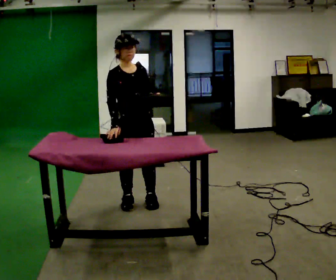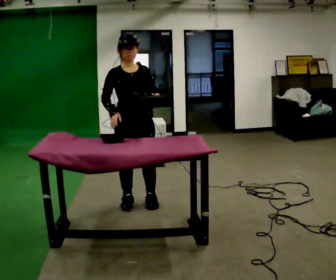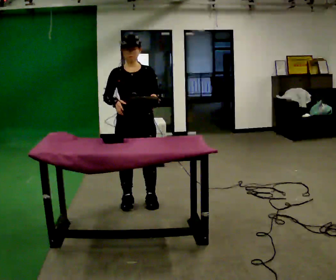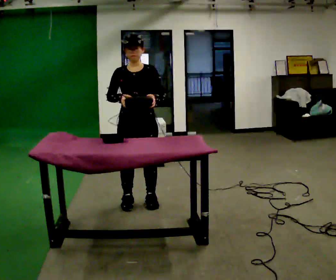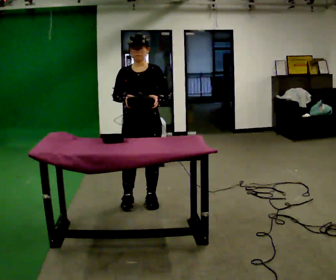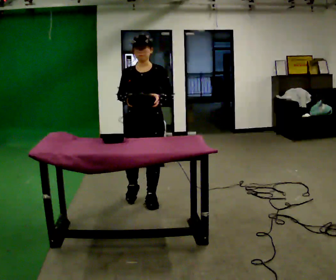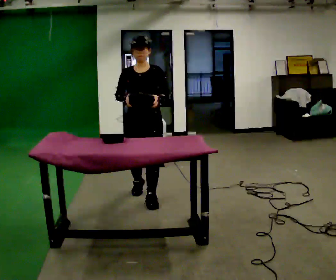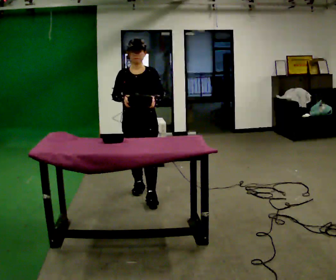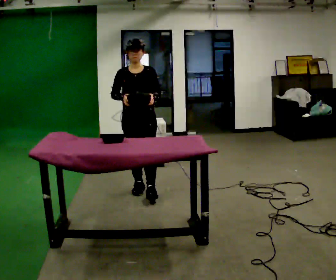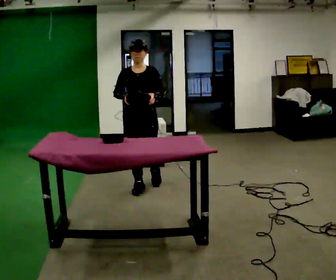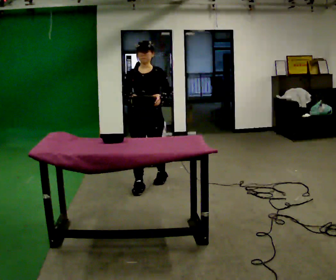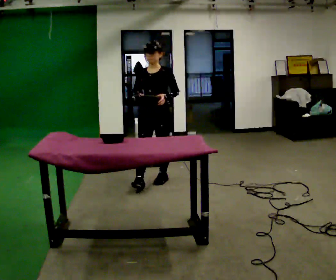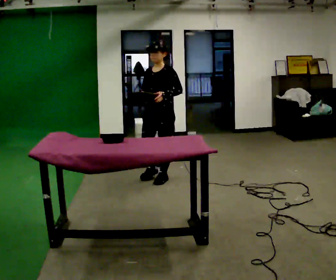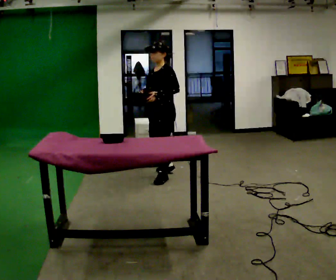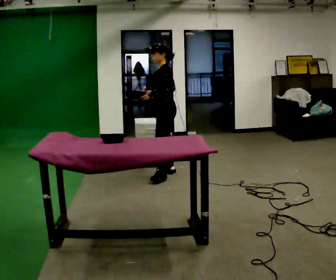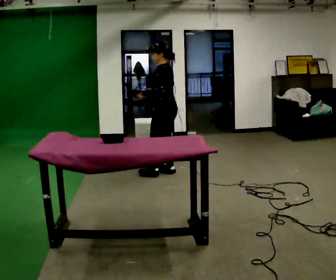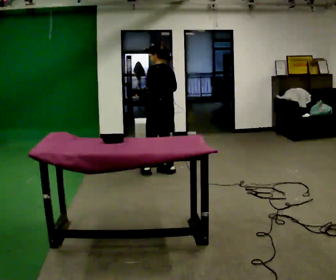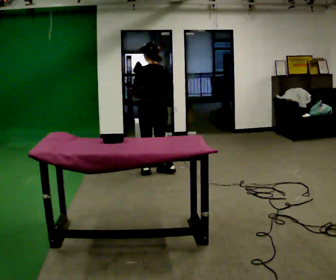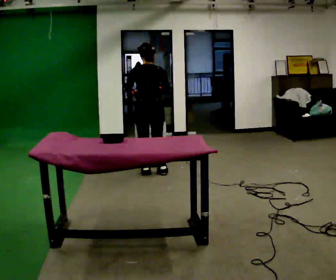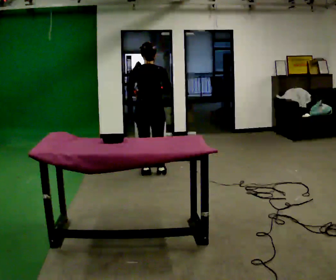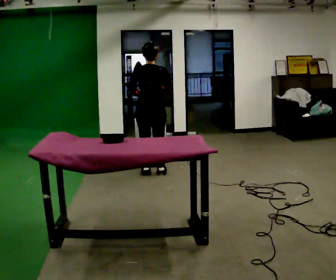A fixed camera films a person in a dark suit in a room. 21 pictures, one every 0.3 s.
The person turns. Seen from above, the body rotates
clockwise.
The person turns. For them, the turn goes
to their right.
0.0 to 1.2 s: The person turns about 30 degrees to their right, clockwise seen from above, so the part of the body nearest the lens slides to the left.
1.2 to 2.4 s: In the picture they go away from the camera, about 0.5 m in 2 steps, which for them is backward.
2.4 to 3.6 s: The part of the body nearest the lens slides to the left as the person turns to their right by about 30 degrees. In the picture they go away from the camera and to the right, about 0.5 m in 1 step, which for them is backward and to their left.
3.6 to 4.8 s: The person turns about 105 degrees to their right, clockwise seen from above, so the part of the body nearest the lens slides to the left. In the picture they go away from the camera, about 0.25 m in 1 step.
4.8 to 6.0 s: The part of the body nearest the lens slides to the left as the person turns to their right by about 45 degrees.
The film runs backward here.
